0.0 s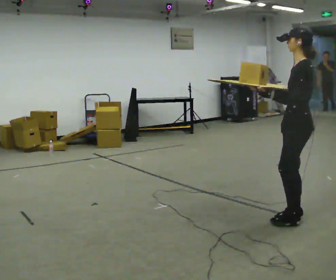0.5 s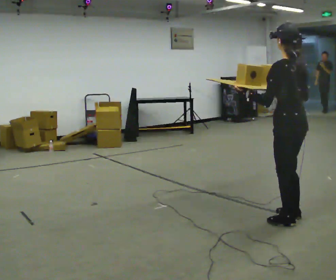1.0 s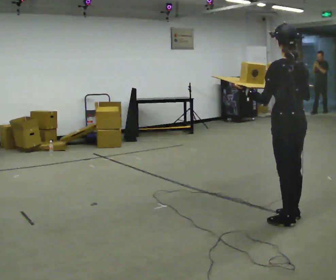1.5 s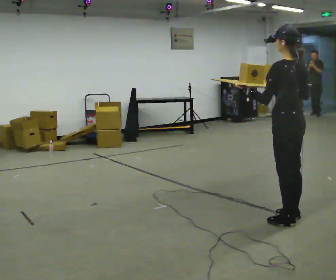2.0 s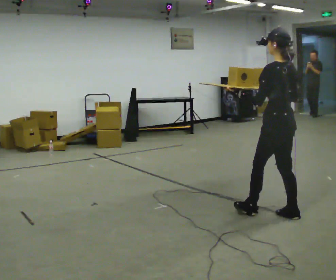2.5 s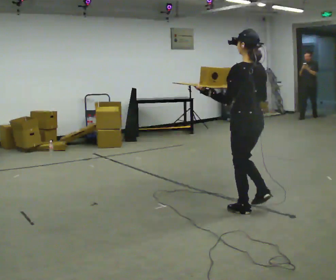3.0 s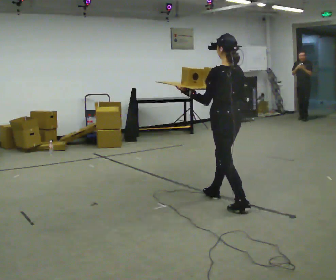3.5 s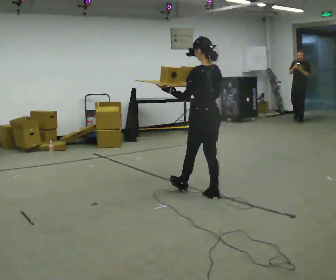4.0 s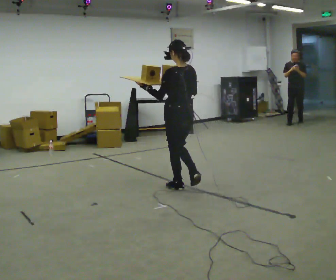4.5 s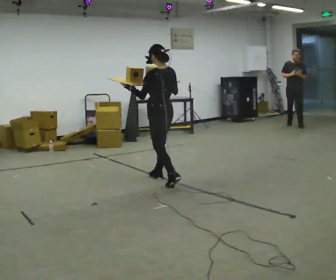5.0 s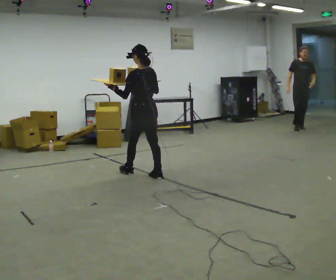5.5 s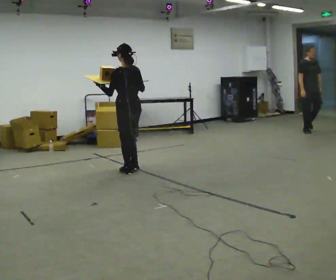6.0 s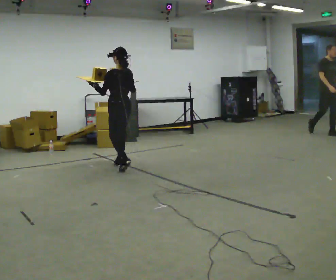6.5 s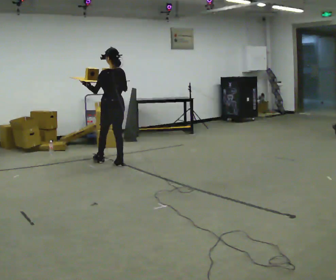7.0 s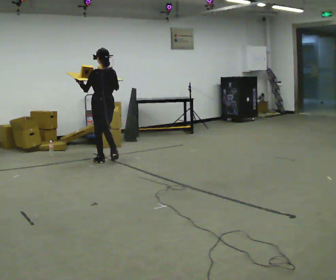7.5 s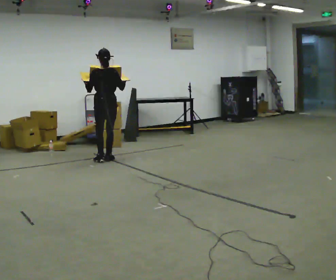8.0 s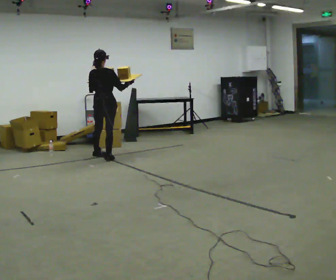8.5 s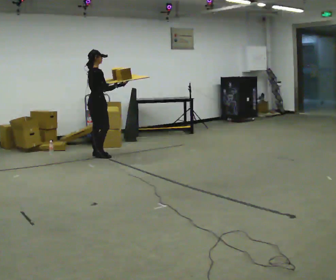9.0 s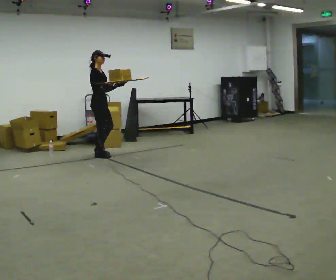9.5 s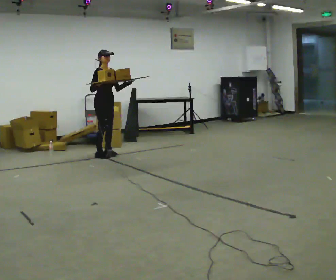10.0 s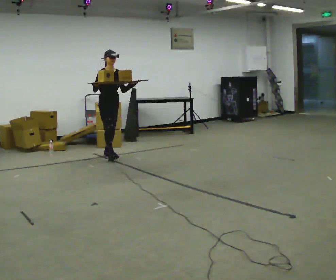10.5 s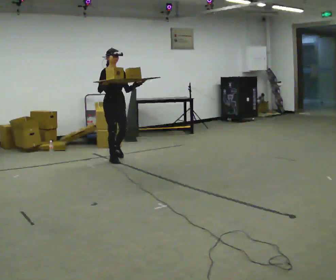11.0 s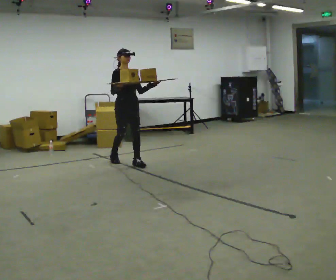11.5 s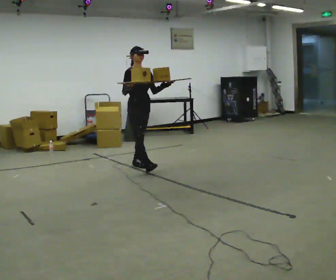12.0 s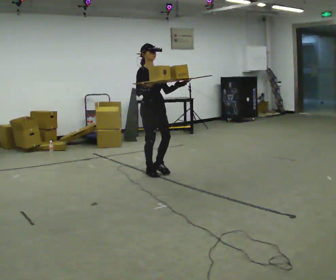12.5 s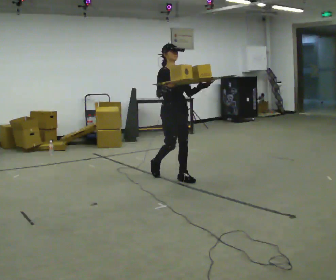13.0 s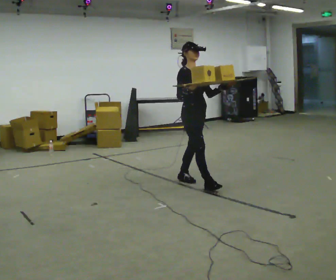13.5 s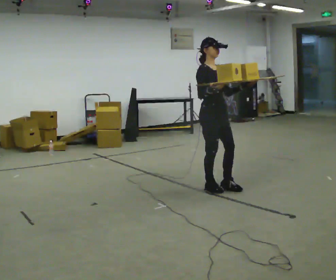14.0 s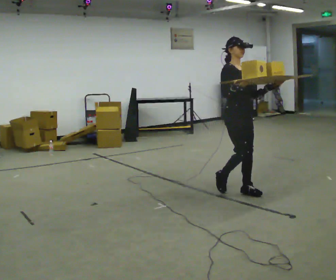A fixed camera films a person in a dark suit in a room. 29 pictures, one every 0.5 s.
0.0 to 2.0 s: The person turns about 30 degrees to their right, clockwise seen from above, so the part of the body nearest the lens slides to the left.
2.0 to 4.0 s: In the picture they go away from the camera and to the left, about 1.5 m in 3 steps, which for them is forward.
4.0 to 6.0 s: In the picture they go away from the camera and to the left, about 1.5 m in 3 steps, which for them is forward.
6.0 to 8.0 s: The person turns about 60 degrees to their right, clockwise seen from above, so the part of the body nearest the lens slides to the left. In the picture they go away from the camera, about 0.75 m in 2 steps, which for them is forward.
8.0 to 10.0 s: Seen from above the body turns clockwise, about 135 degrees: to their right, with its near side sliding to the left. In the picture they go away from the camera, about 0.25 m in 3 steps. In the picture their right hand goes to the left.
10.0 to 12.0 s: In the picture they go toward the camera and to the right, about 1.5 m in 3 steps, which for them is forward.
12.0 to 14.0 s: In the picture they go toward the camera and to the right, about 1.5 m in 3 steps, which for them is forward.
The film runs forward here.
